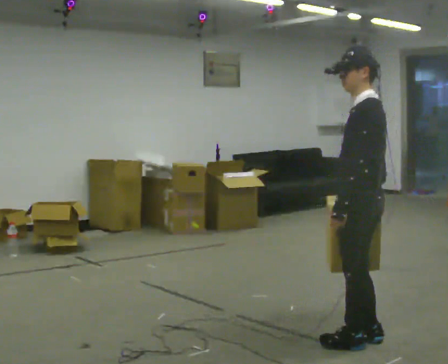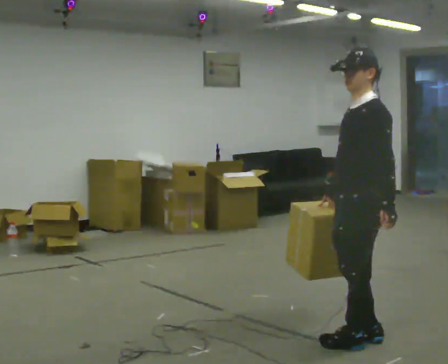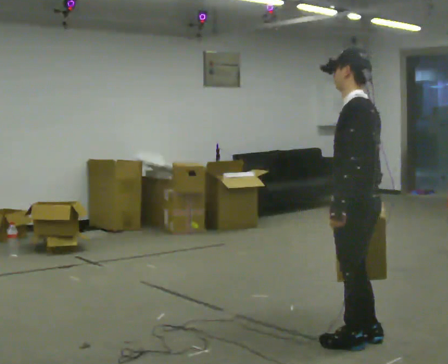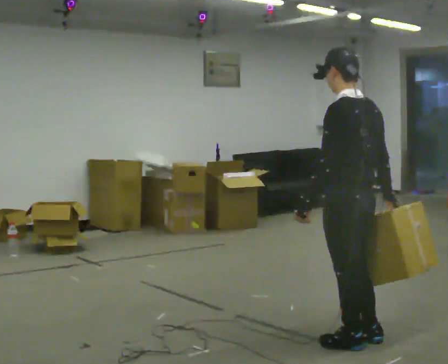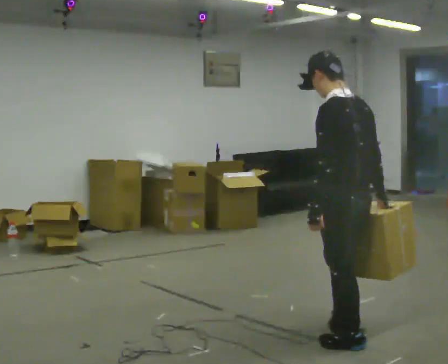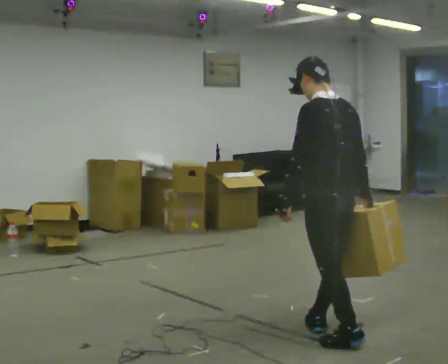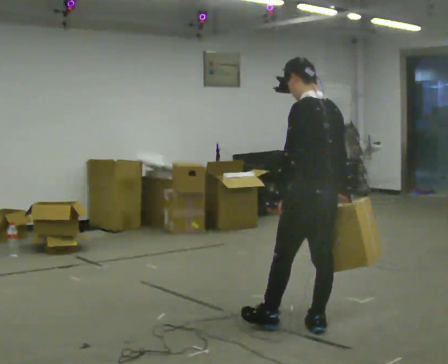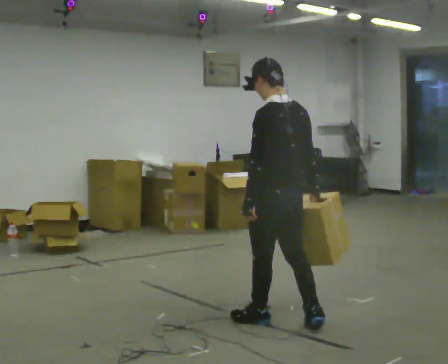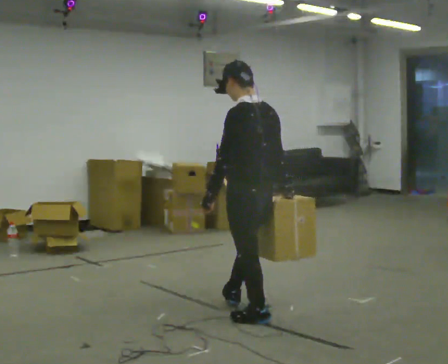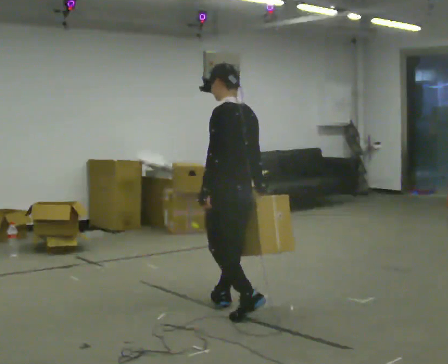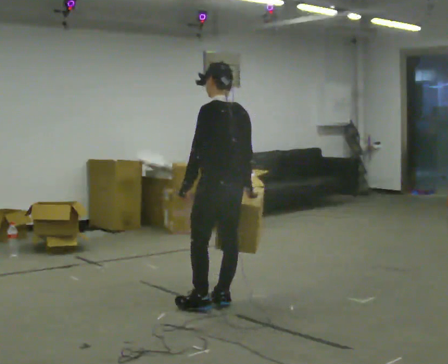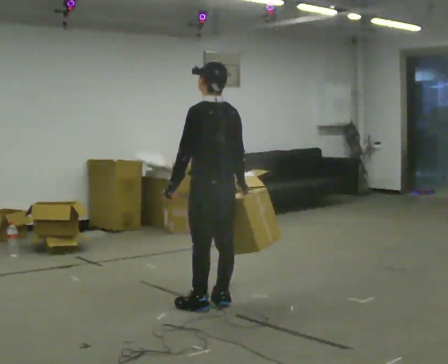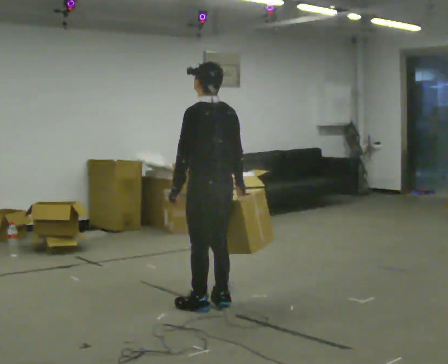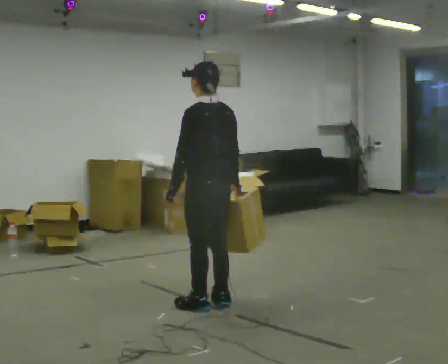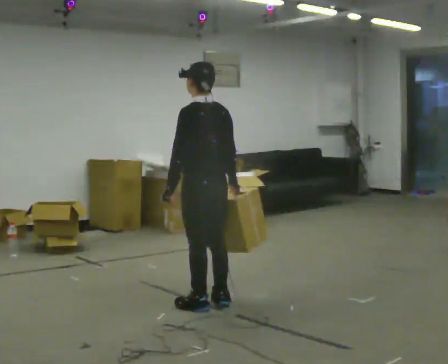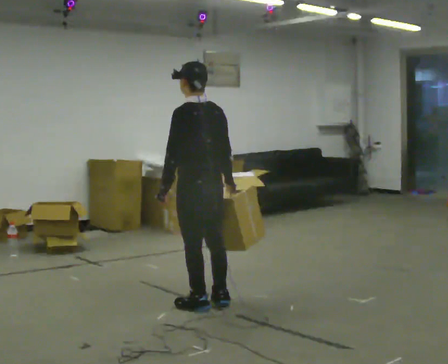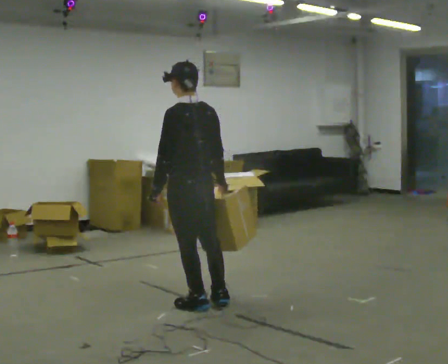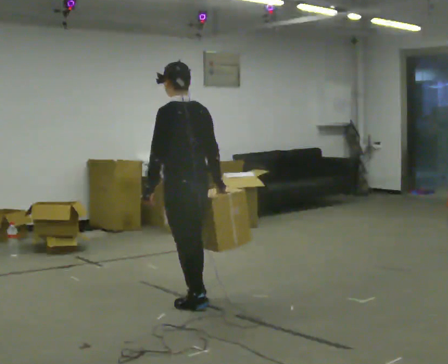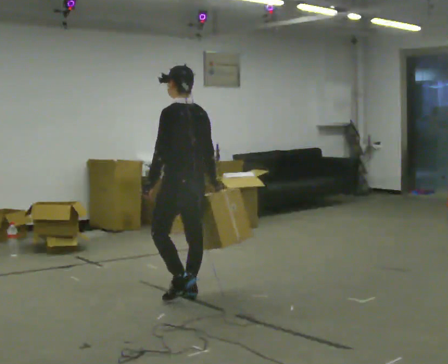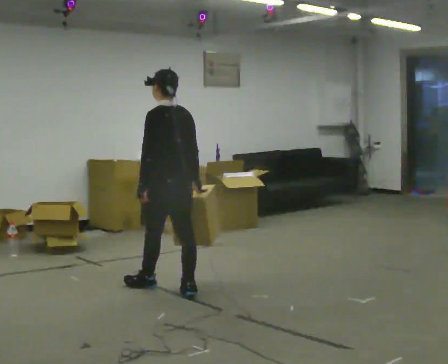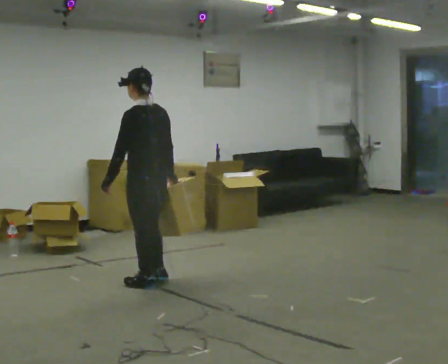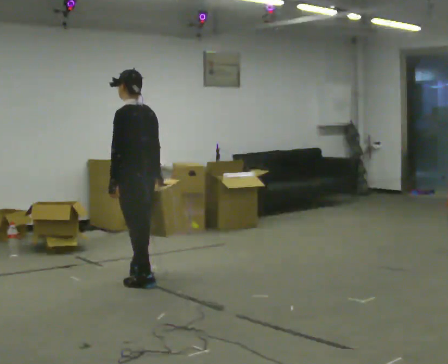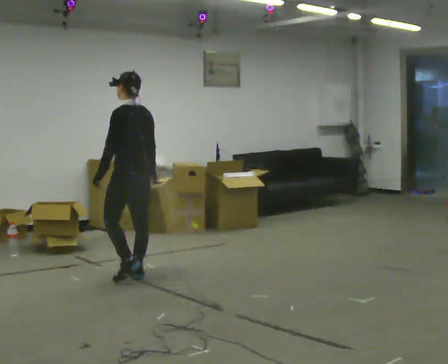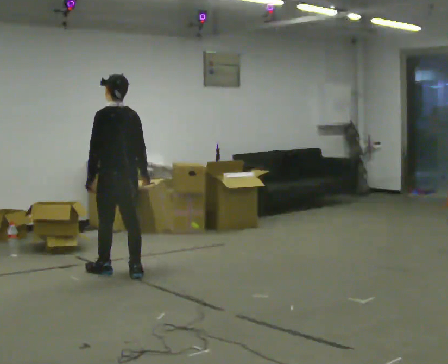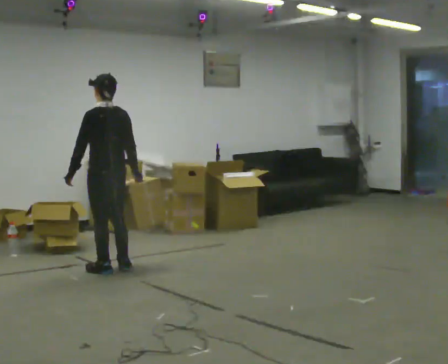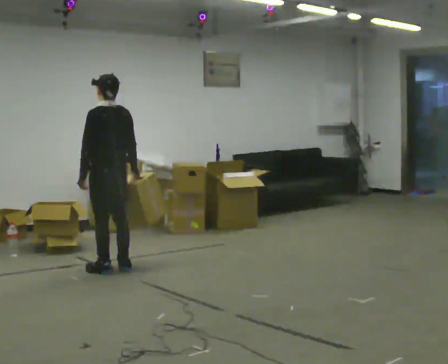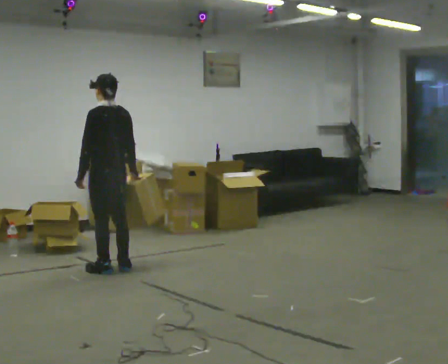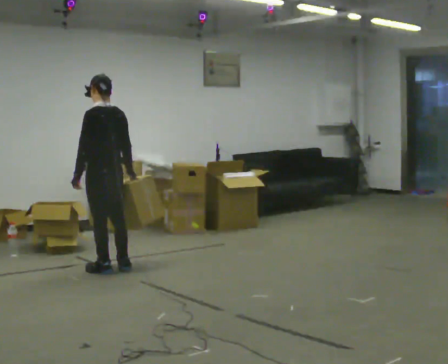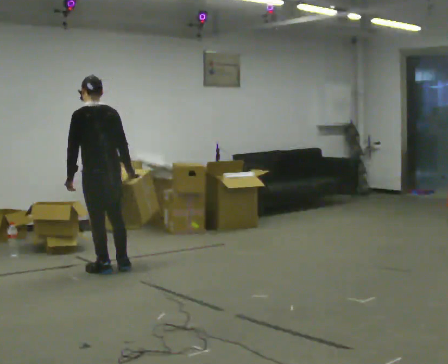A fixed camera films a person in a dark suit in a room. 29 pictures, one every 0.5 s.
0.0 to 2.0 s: The part of the body nearest the lens slides to the left as the person turns to their right by about 30 degrees.
2.0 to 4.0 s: In the picture they go away from the camera and to the left, about 1 m in 2 steps, which for them is forward.
4.0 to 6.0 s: In the picture they go away from the camera and to the left, about 0.5 m in 2 steps, which for them is forward.
6.0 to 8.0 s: The person moves a little, or ends about where they began.
8.0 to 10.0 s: In the picture they go away from the camera and to the left, about 0.5 m in 2 steps, which for them is forward.
10.0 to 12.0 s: In the picture they go away from the camera and to the left, about 0.5 m in 3 steps, which for them is forward.
12.0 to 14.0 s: The person moves a little, or ends about where they began.
The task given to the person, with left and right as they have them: Carry the box across the room, stopping and starting again each time the operator says stop and go. Do not set the box down.
The film runs forward here.
